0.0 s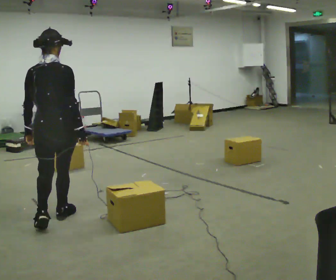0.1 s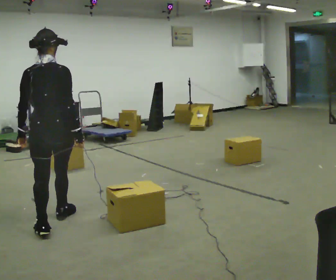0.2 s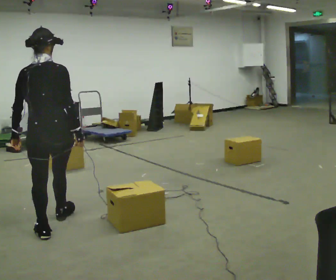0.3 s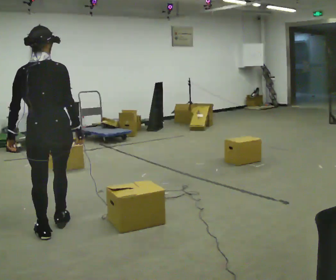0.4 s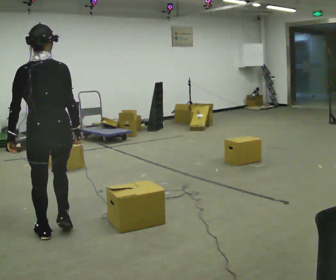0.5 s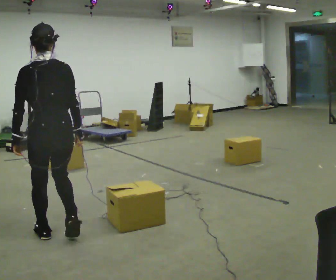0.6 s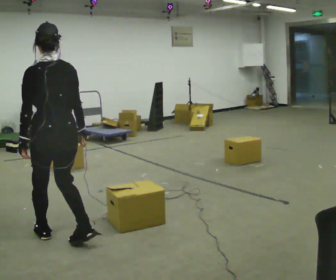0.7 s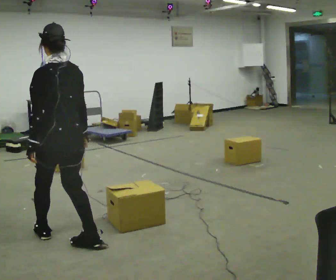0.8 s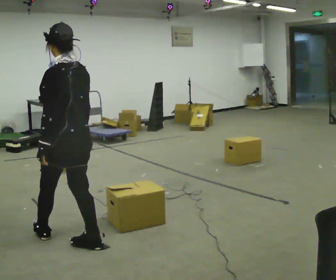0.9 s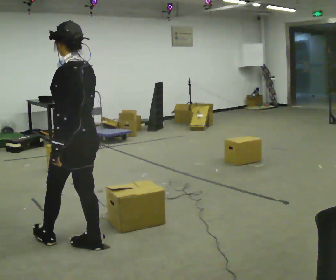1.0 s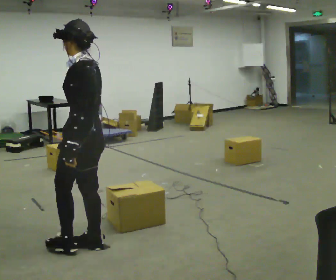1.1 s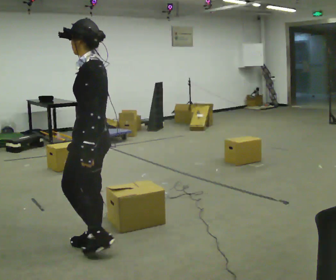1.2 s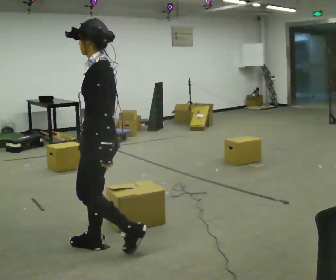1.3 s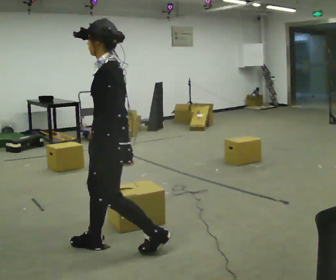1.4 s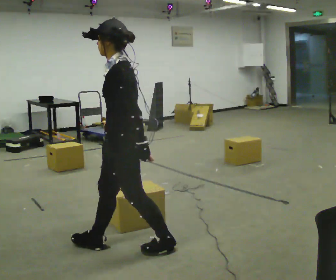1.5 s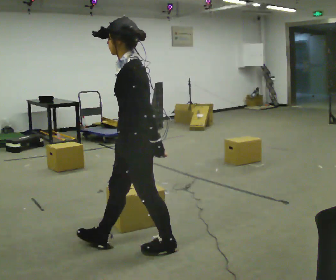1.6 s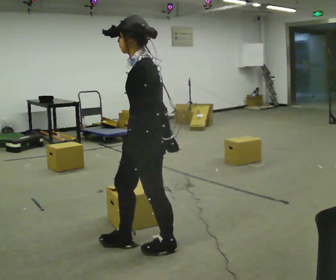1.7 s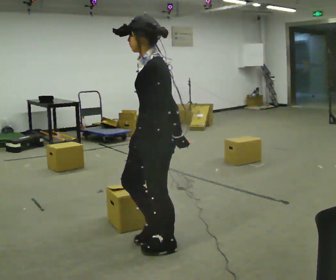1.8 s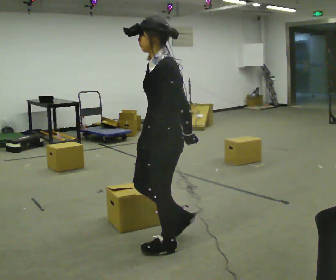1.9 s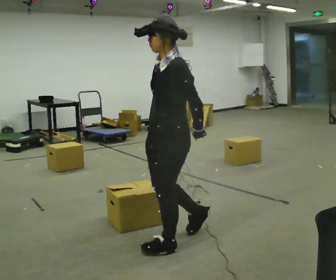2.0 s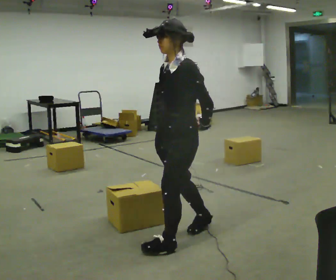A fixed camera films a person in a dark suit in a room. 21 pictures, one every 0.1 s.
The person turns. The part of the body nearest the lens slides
to the right.
The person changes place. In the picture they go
to the right.
0.0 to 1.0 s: The person turns about 75 degrees to their left, counterclockwise seen from above, so the part of the body nearest the lens slides to the right. In the picture they go toward the camera and to the right, about 0.5 m in 2 steps.
1.0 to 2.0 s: The part of the body nearest the lens slides to the right as the person turns to their left by about 45 degrees. In the picture they go to the right, about 0.75 m in 1 step, which for them is backward.
The film runs backward here.
